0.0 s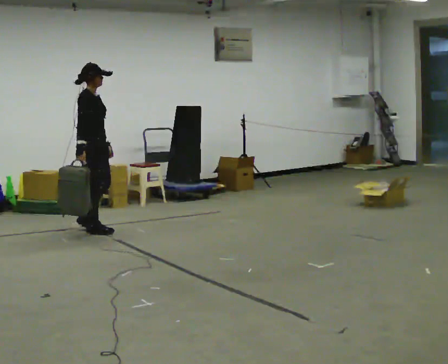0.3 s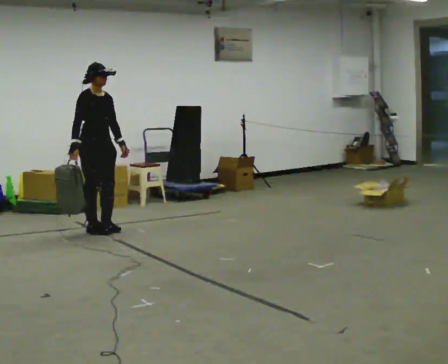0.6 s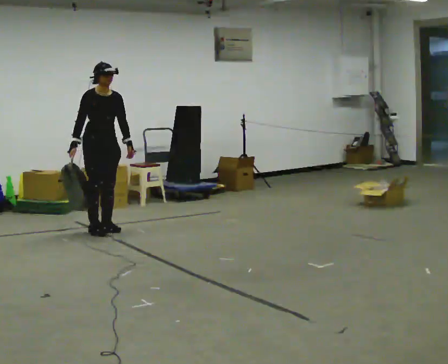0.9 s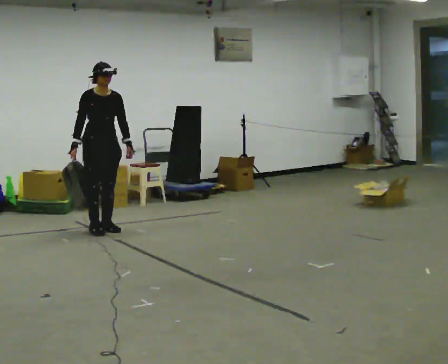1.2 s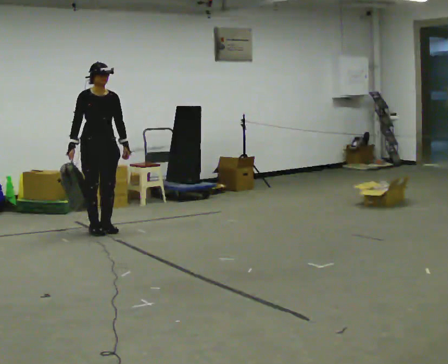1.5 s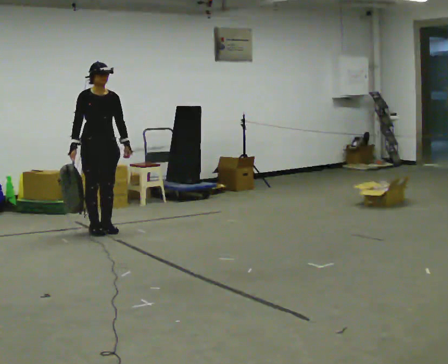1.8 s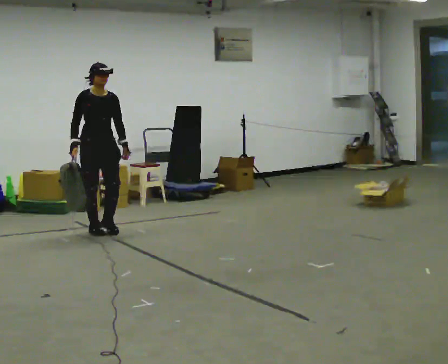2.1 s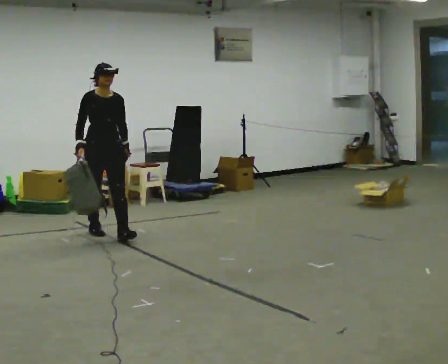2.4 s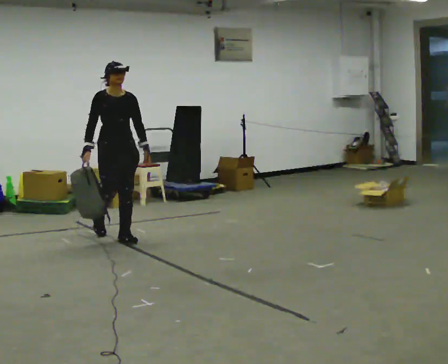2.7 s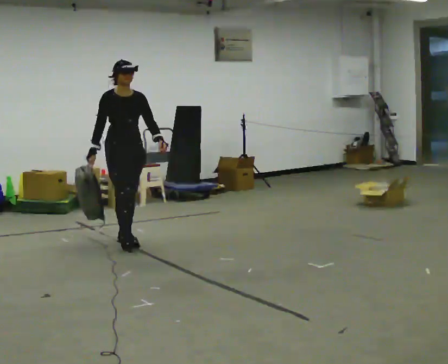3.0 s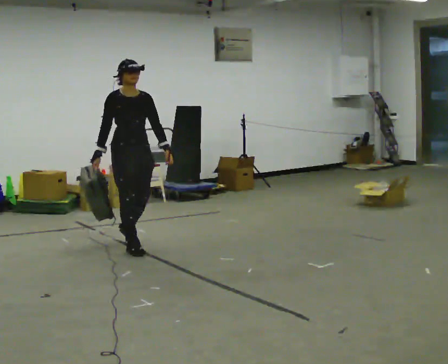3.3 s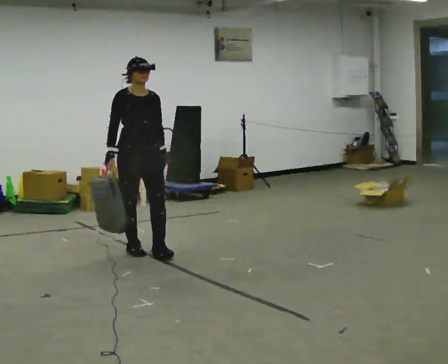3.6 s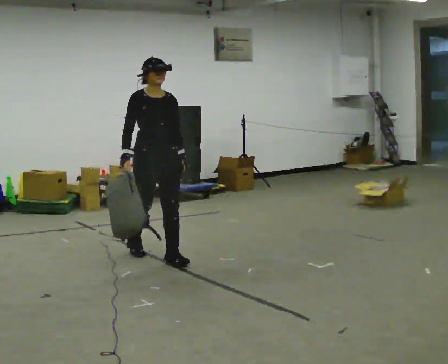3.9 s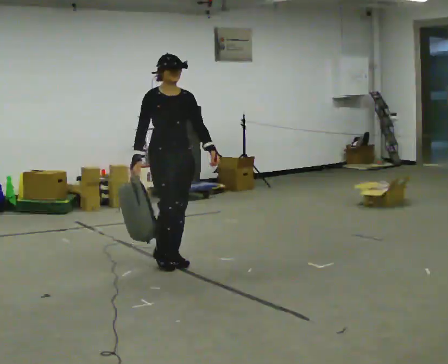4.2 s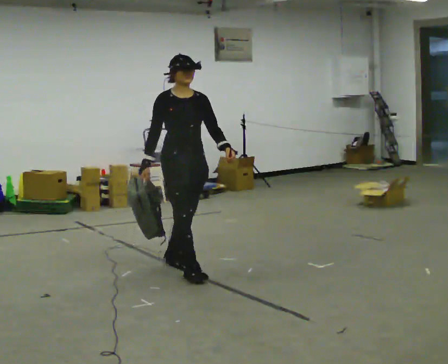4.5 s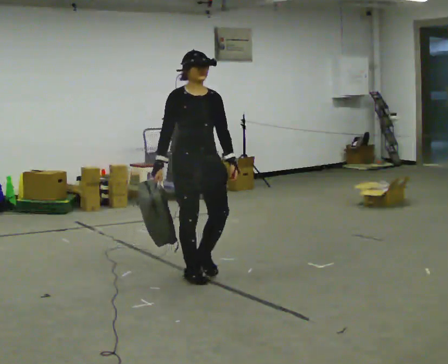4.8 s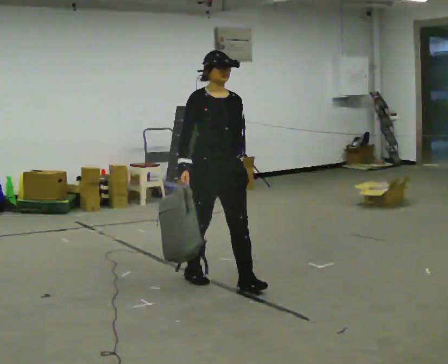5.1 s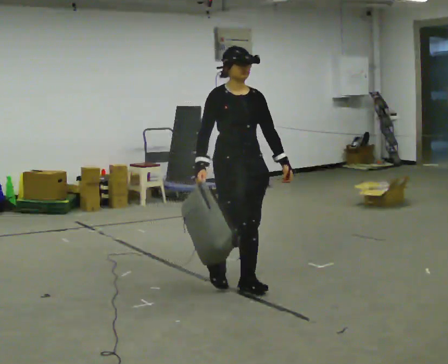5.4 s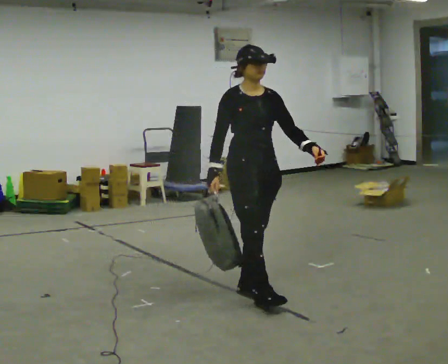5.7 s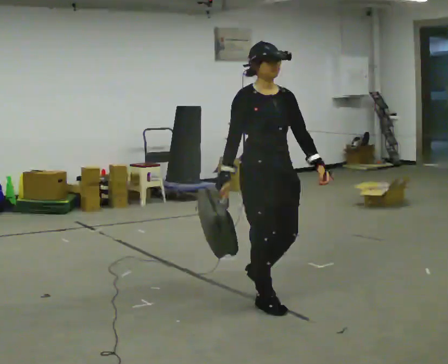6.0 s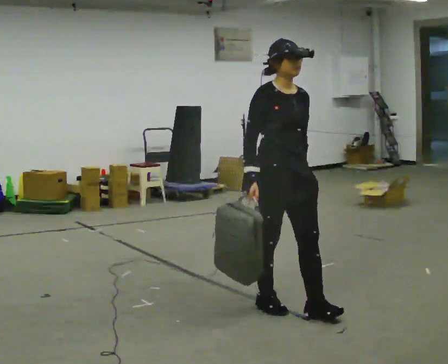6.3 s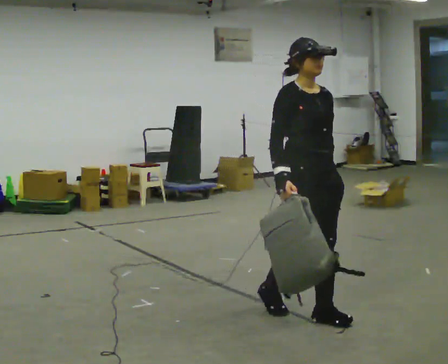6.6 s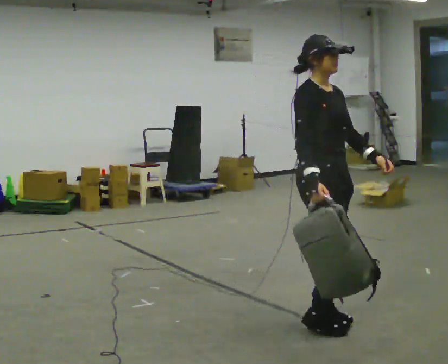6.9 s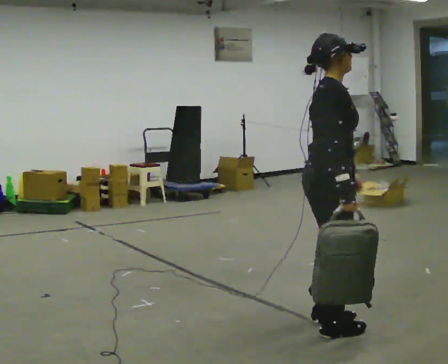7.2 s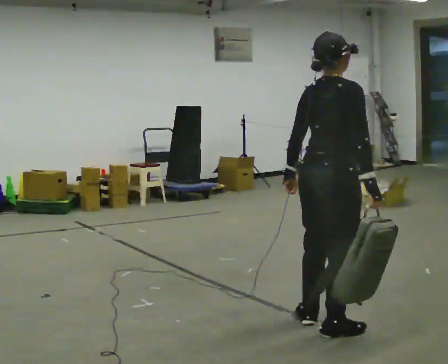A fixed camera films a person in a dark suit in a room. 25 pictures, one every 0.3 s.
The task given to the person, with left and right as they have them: Carry the soft bag across the room, back and forth. It will change shape as you move, so hold it however works.
0.0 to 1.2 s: The part of the body nearest the lens slides to the left as the person turns to their right by about 60 degrees.
1.2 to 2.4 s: In the picture they go toward the camera and to the right, about 0.5 m in 1 step, which for them is forward.
2.4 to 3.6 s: In the picture they go toward the camera and to the right, about 1 m in 2 steps, which for them is forward.
3.6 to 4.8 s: In the picture they go toward the camera and to the right, about 1 m in 2 steps, which for them is forward.
4.8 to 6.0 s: In the picture they go toward the camera and to the right, about 0.5 m in 1 step, which for them is forward.
6.0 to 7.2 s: Seen from above the body turns counterclockwise, about 105 degrees: to their left, with its near side sliding to the right. In the picture they go toward the camera and to the right, about 0.5 m in 2 steps.
The film runs forward here.
